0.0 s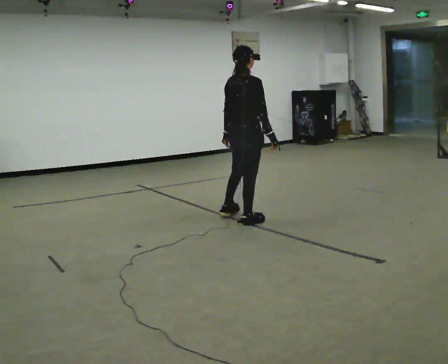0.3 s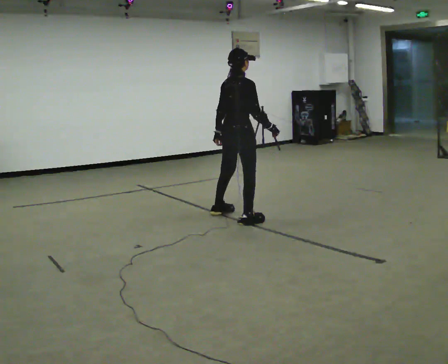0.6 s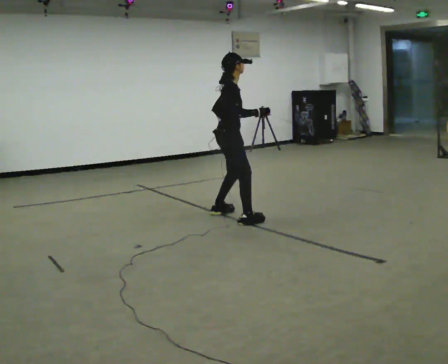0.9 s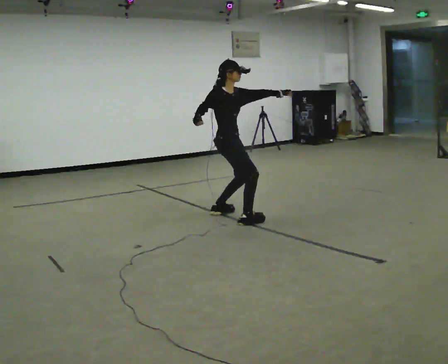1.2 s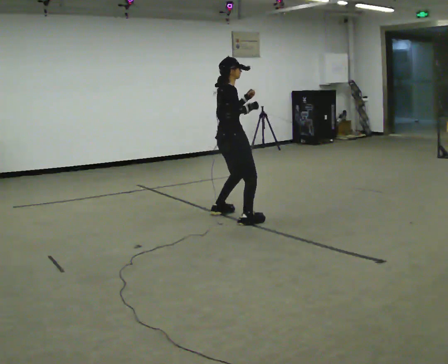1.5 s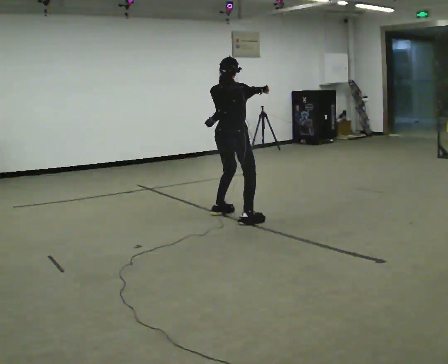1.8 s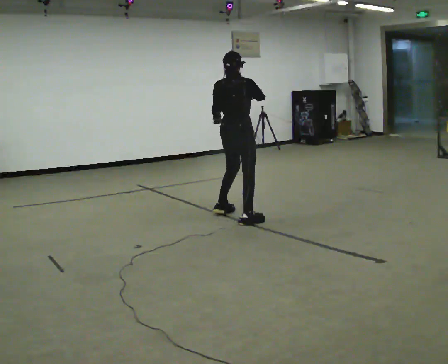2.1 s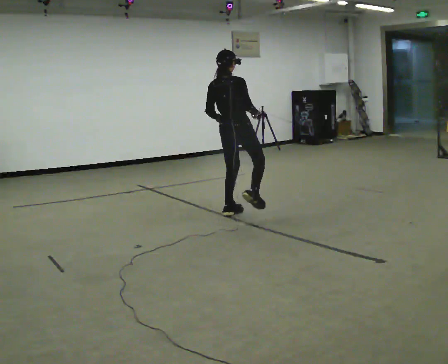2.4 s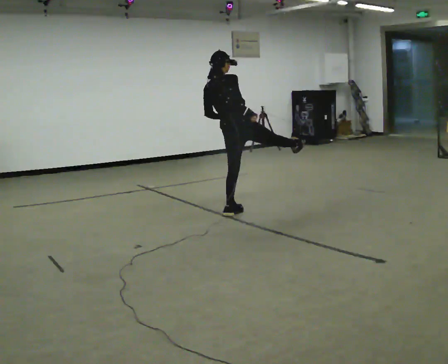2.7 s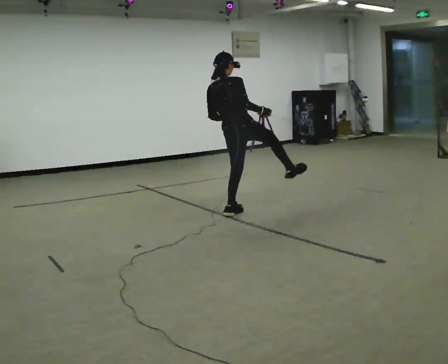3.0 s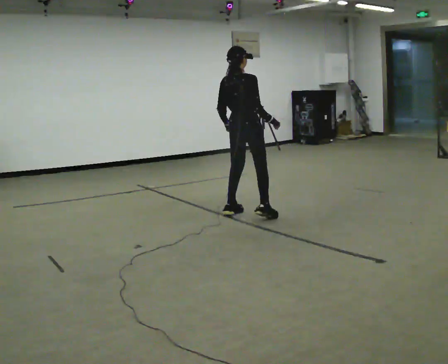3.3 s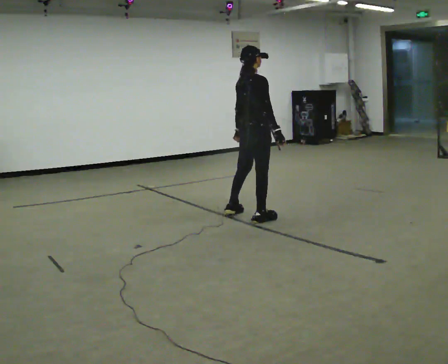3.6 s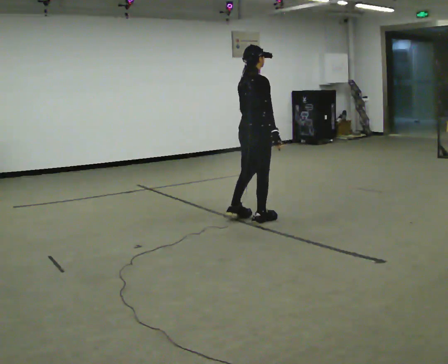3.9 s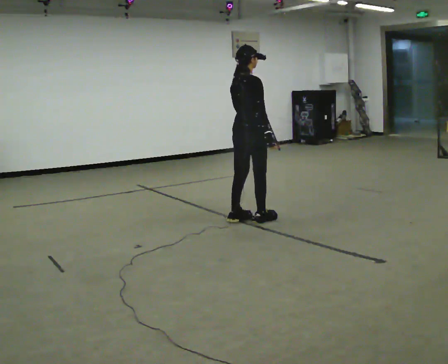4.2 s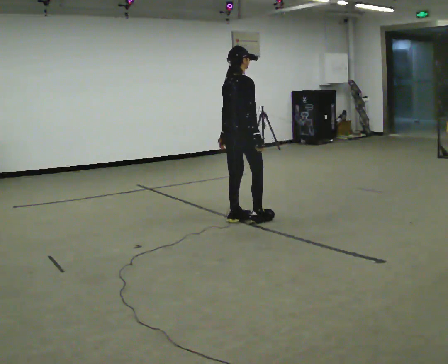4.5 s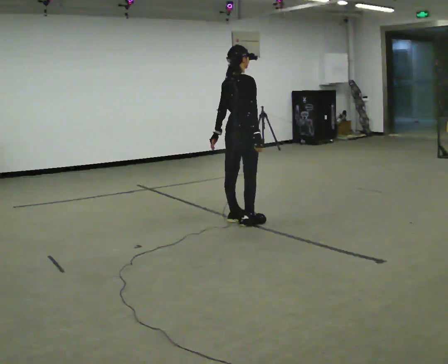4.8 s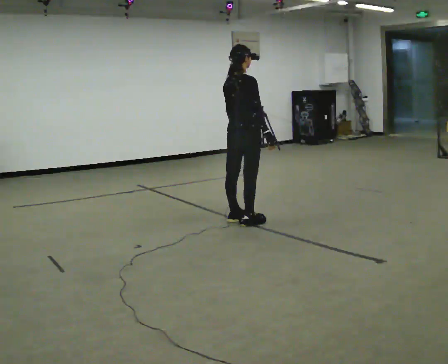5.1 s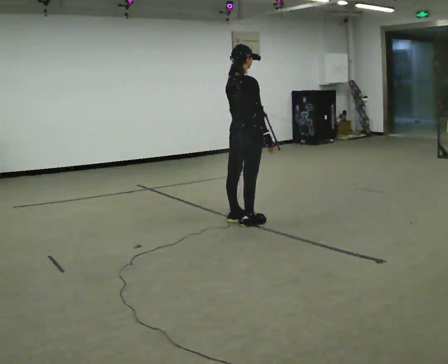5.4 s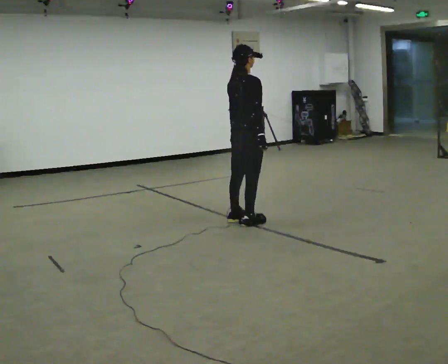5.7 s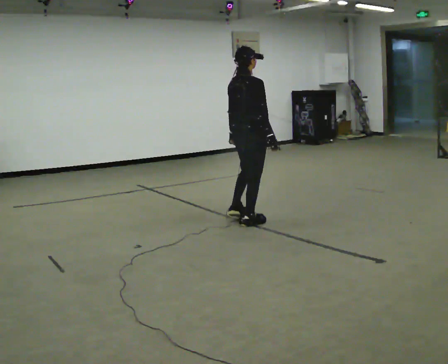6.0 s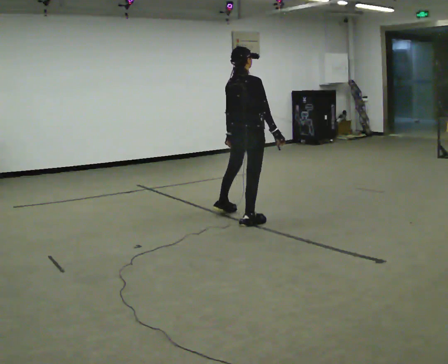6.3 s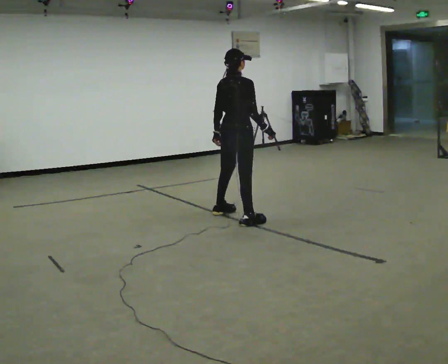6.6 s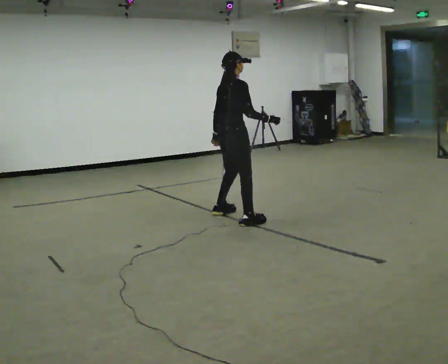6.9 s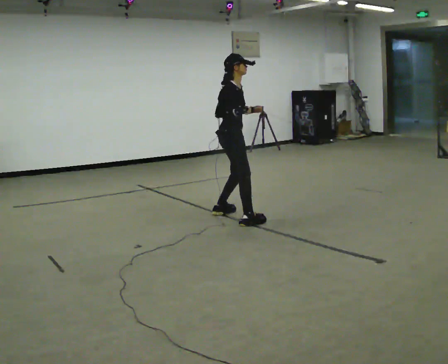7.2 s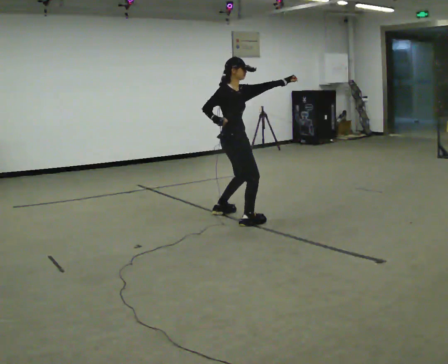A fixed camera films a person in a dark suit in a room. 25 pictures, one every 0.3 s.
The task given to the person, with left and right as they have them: Perform a slow martial arts form (https://youtu.be/ZMi83SPAP1Q?si=p1_31d3YaodeQQZT); kicks should be slow
0.0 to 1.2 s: In the picture they go away from the camera, about 0.25 m in 1 step.
1.2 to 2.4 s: The person turns about 45 degrees to their left, counterclockwise seen from above, so the part of the body nearest the lens slides to the right. In the picture the upper body tilts counterclockwise, shoulders to the left.
2.4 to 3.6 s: The person turns about 45 degrees to their right, clockwise seen from above, so the part of the body nearest the lens slides to the left. In the picture they go toward the camera, about 0.25 m, which for them is to their right. In the picture the upper body tilts clockwise, shoulders to the right.
3.6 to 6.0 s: The person moves a little, or ends about where they began.
6.0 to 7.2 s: The person turns about 45 degrees to their right, clockwise seen from above, so the part of the body nearest the lens slides to the left. In the picture their left hand goes to the right and upward.
The film runs forward here.
